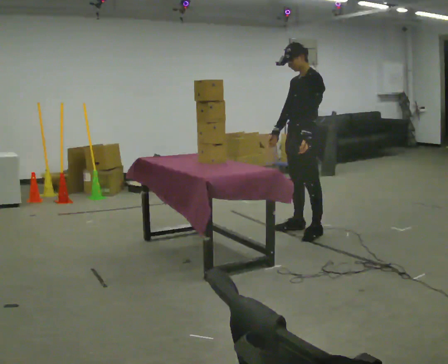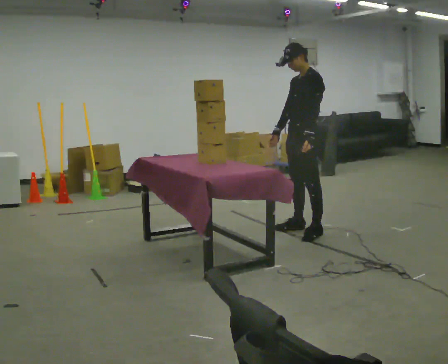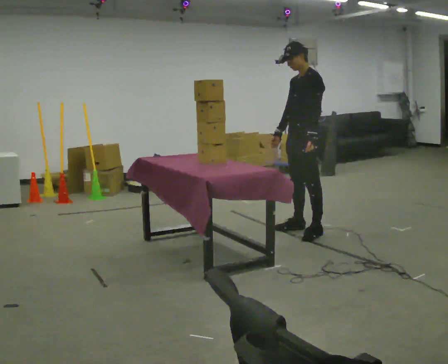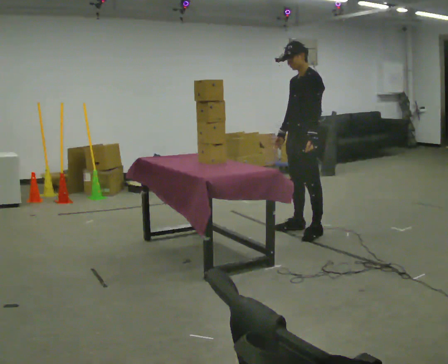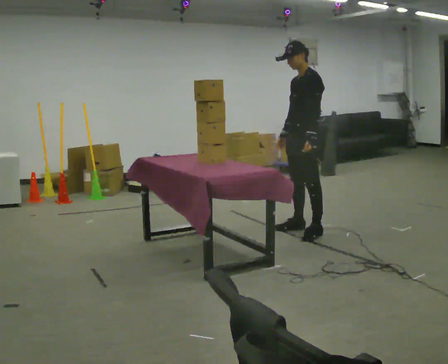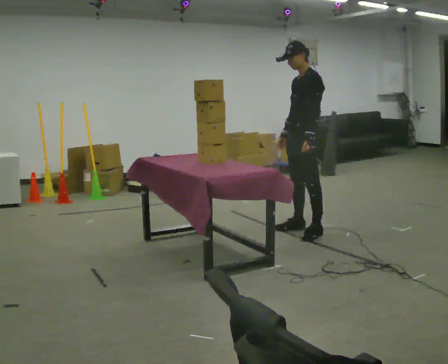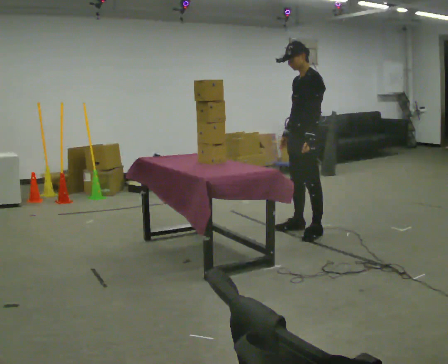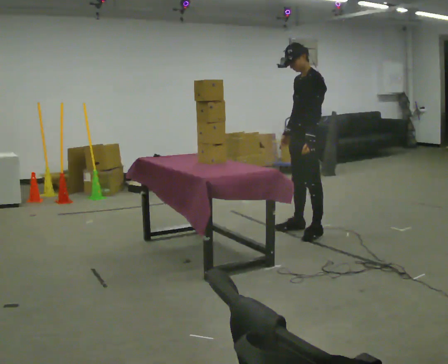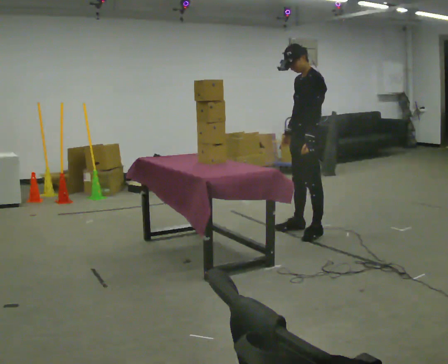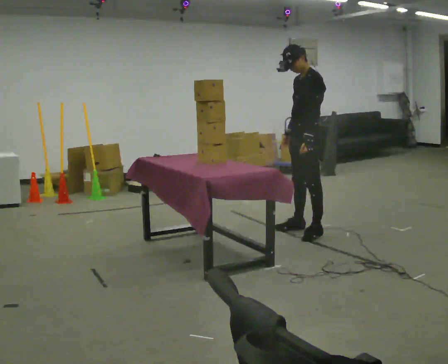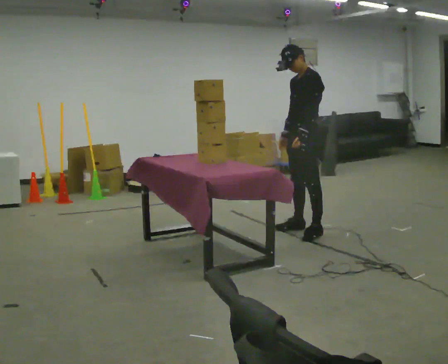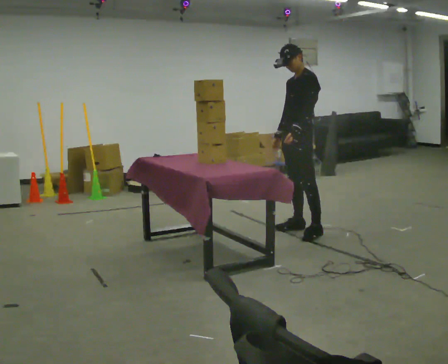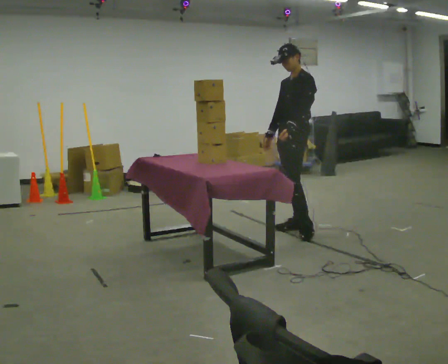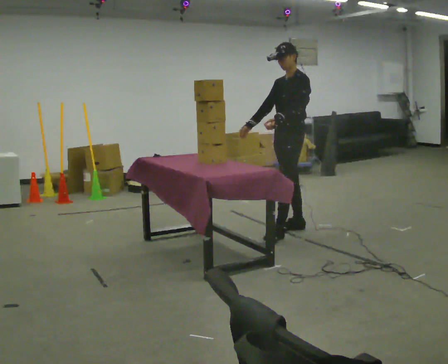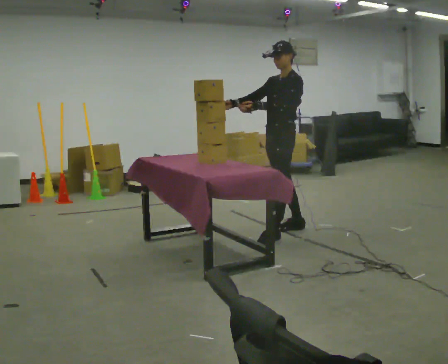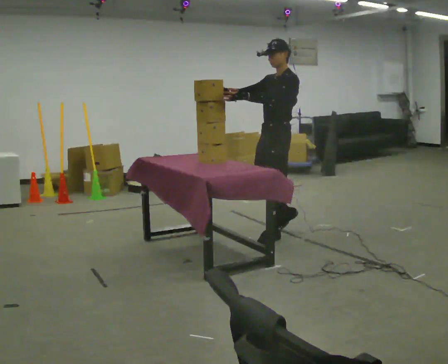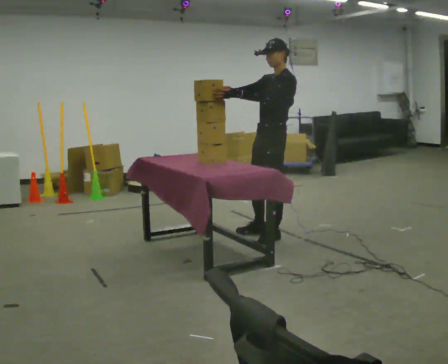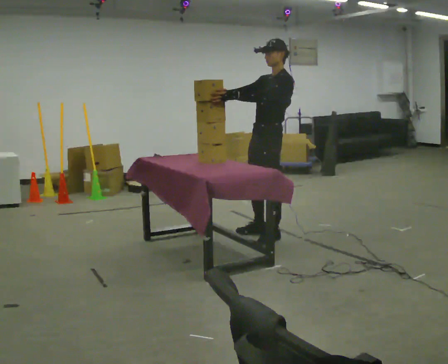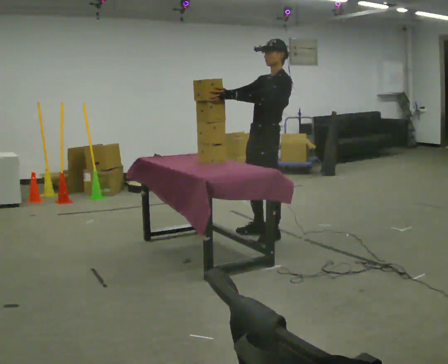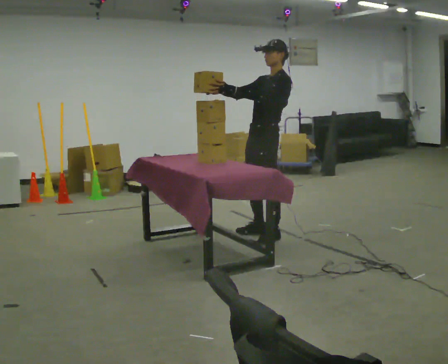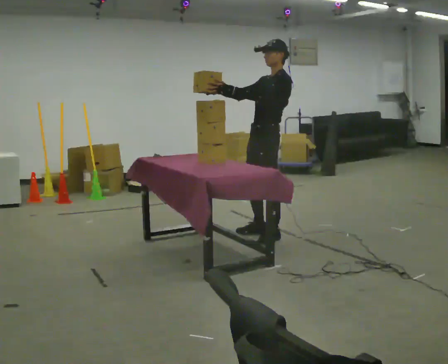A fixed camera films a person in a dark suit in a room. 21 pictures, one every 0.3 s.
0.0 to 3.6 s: The person moves a little, or ends about where they began.
3.6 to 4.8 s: In the picture they go toward the camera and to the left, about 0.25 m in 2 steps, which for them is forward and to their left. In the picture their right hand goes upward, the arm swinging clockwise.
4.8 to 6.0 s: The person moves a little, or ends about where they began.
The film runs forward here.
